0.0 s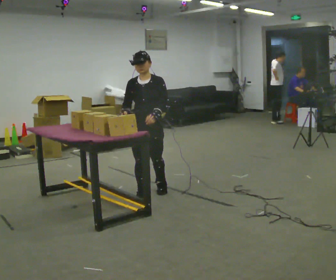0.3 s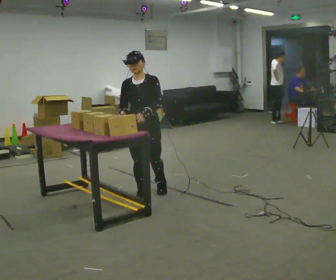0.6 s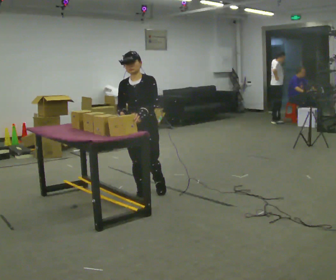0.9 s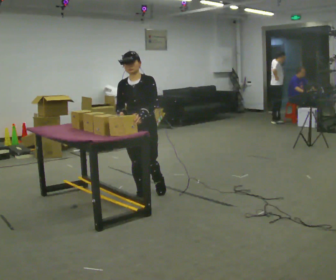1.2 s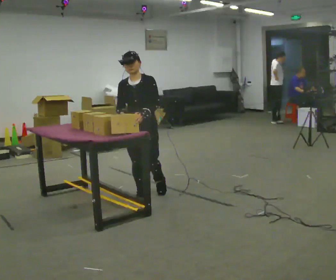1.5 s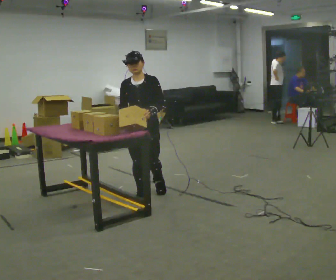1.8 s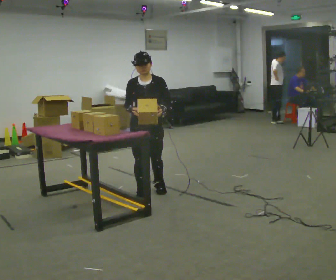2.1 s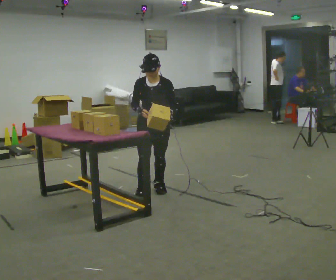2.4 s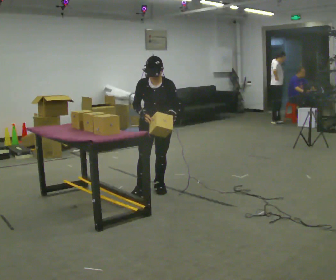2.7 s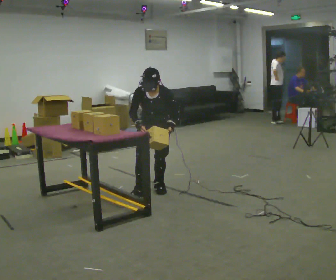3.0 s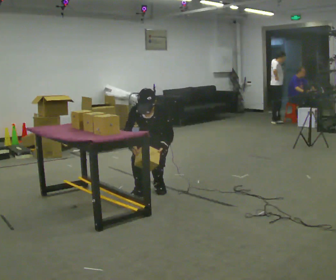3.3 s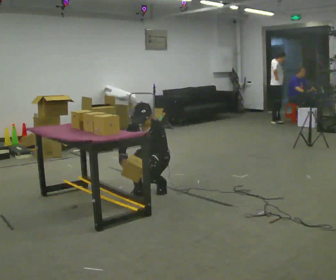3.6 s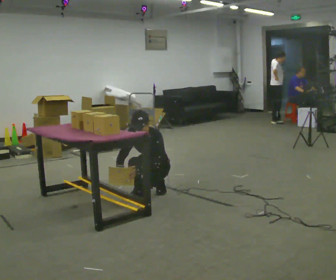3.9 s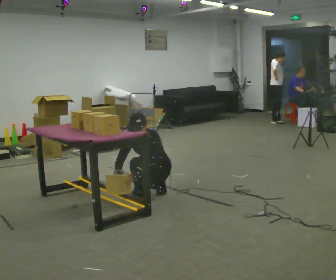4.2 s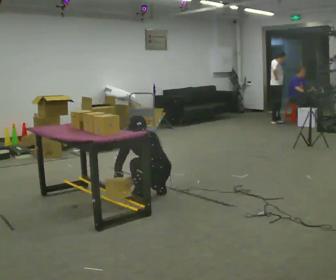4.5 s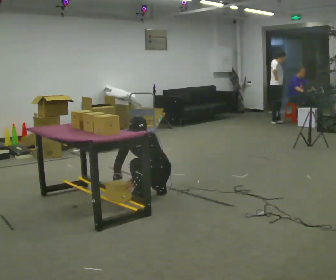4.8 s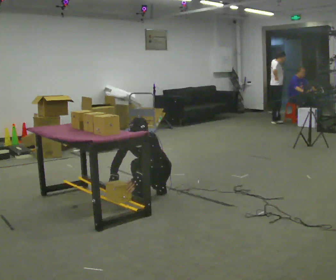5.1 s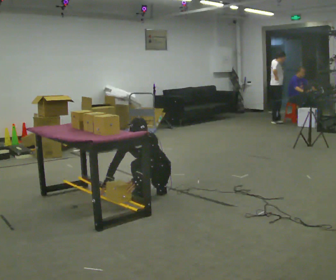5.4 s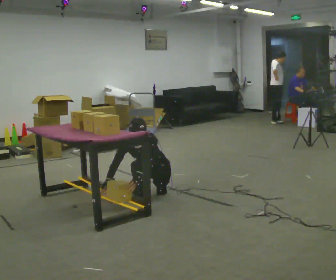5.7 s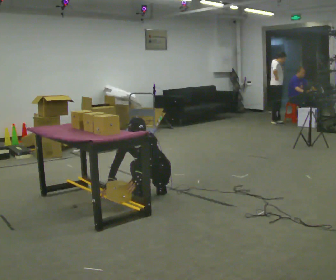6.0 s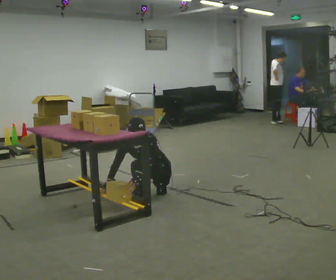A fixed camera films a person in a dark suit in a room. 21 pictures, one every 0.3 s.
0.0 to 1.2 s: The person moves a little, or ends about where they began.
1.2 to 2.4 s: In the picture they go away from the camera and to the right, about 0.25 m, which for them is backward and to their left. The upper body tips toward the camera, its near side rolling downward, as they bend forward.
2.4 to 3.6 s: The part of the body nearest the lens slides to the left as the person turns to their right by about 30 degrees. The upper body goes downward. In the picture the upper body tilts counterclockwise, shoulders to the left. In the picture their left hand goes downward and to the left.
3.6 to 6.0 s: The person moves a little, or ends about where they began.
The film runs forward here.
